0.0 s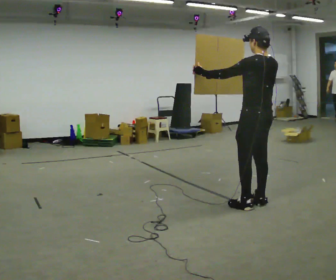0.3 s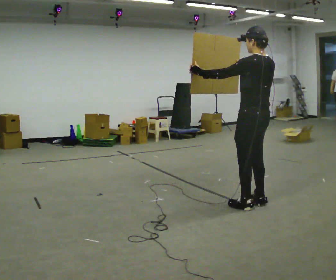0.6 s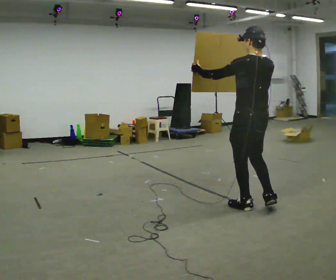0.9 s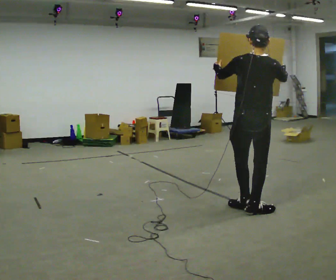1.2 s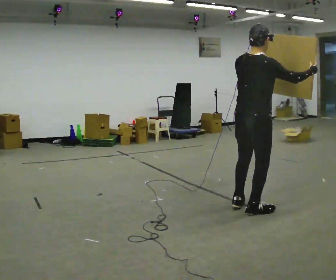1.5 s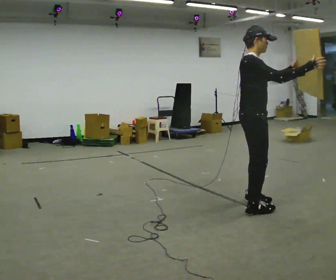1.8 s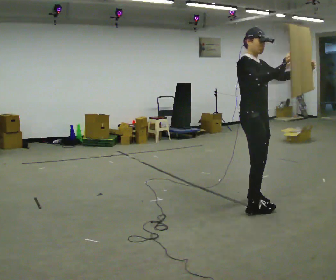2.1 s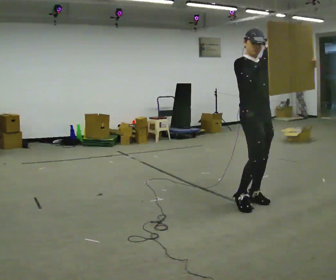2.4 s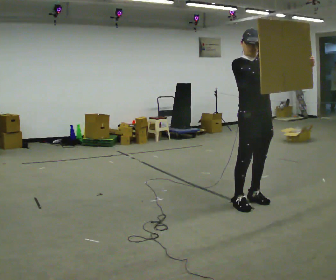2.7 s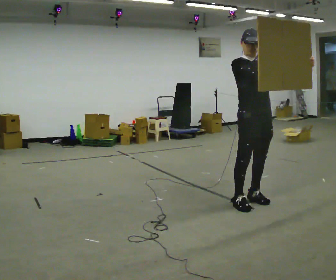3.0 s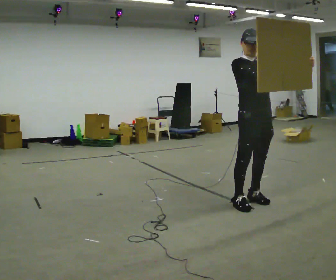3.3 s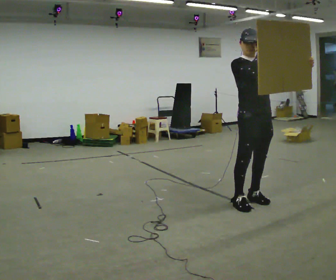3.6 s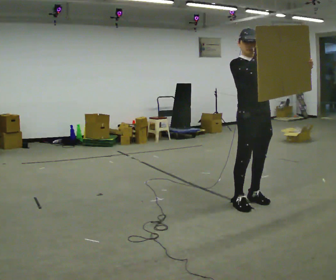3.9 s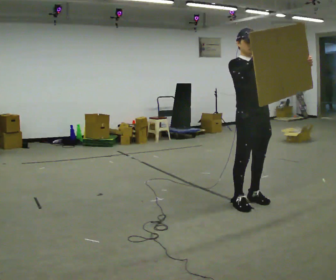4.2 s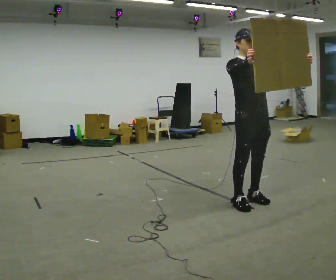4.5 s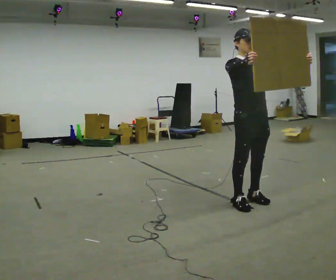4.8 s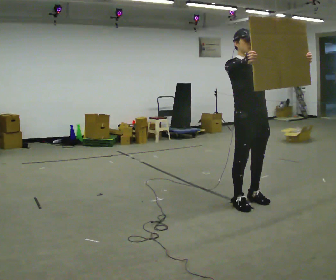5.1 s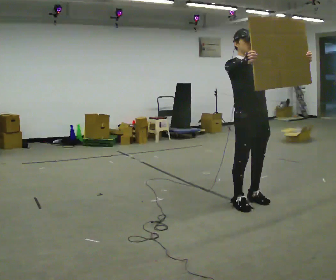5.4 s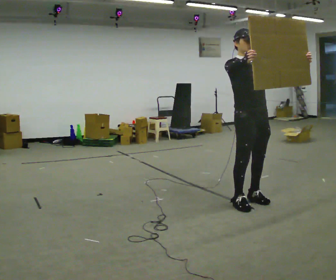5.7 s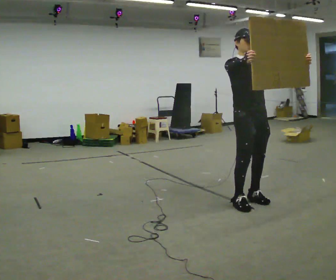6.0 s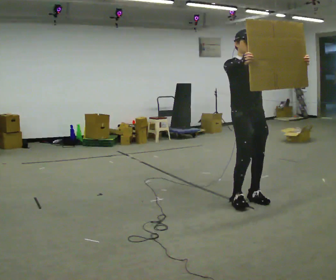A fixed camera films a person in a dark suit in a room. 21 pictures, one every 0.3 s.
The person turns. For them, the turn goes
to their right.
The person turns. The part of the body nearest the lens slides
to the left.
0.0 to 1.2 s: Seen from above the body turns clockwise, about 90 degrees: to their right, with its near side sliding to the left. In the picture they go toward the camera, about 0.25 m in 2 steps. In the picture their right hand goes to the right.
1.2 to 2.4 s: The part of the body nearest the lens slides to the left as the person turns to their right by about 105 degrees. In the picture they go away from the camera, about 0.25 m in 1 step. In the picture their left hand goes to the right.
2.4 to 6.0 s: The person moves a little, or ends about where they began.
The film runs backward here.
